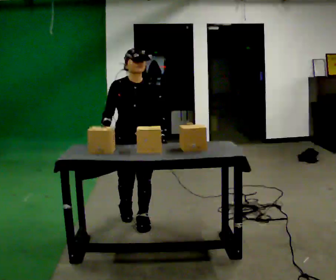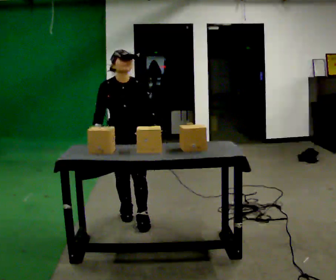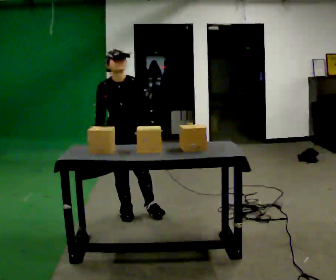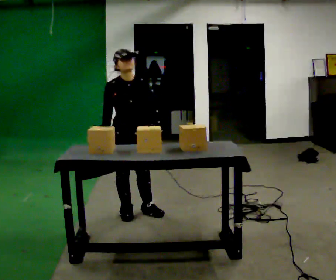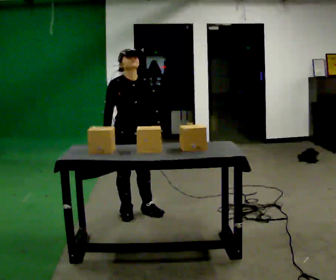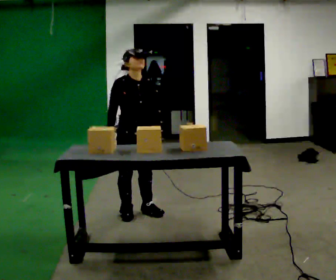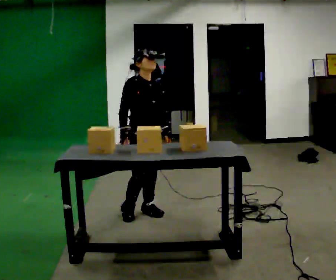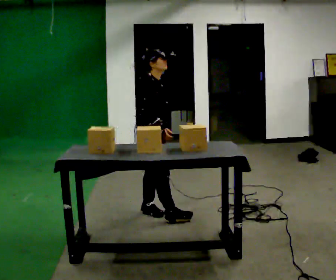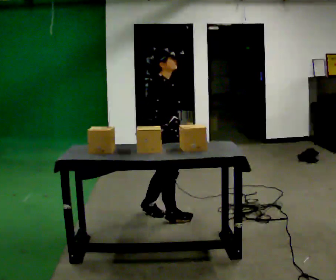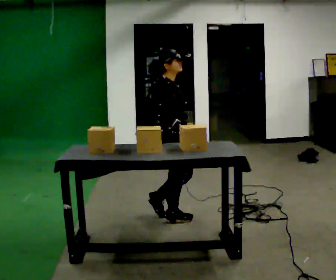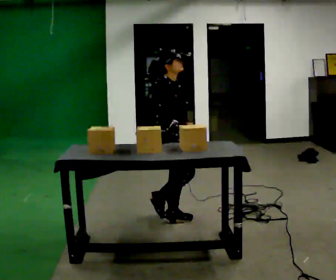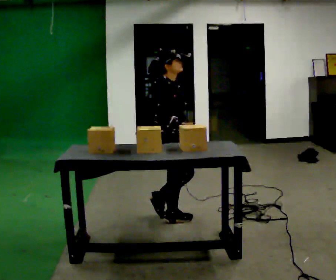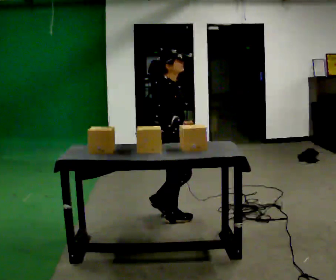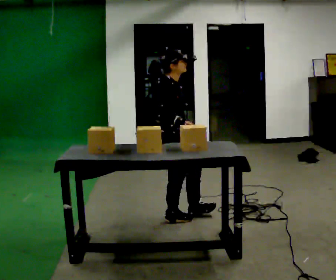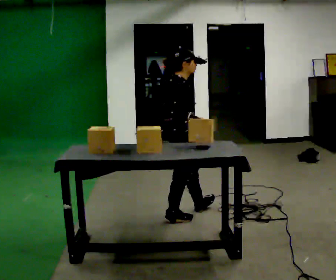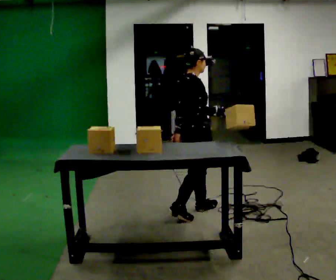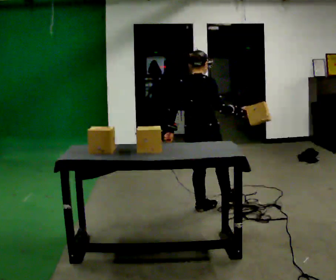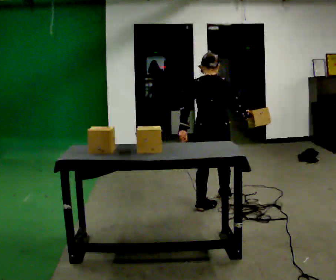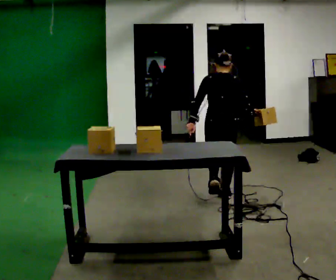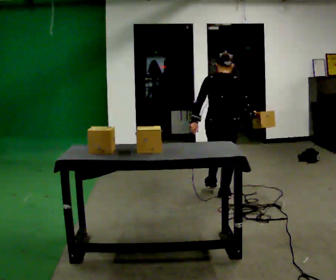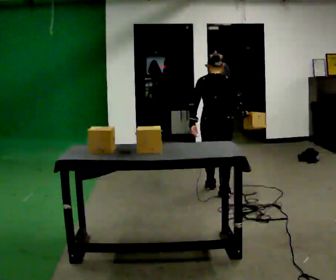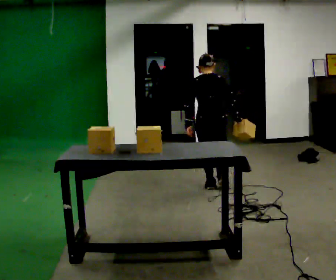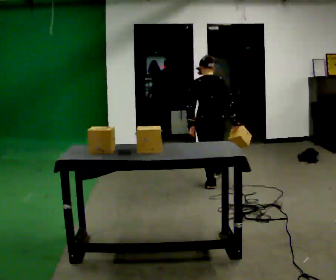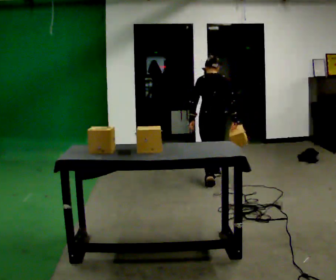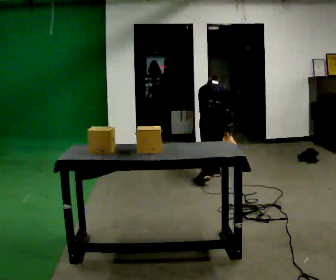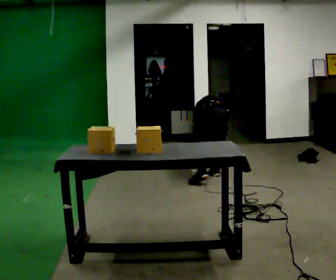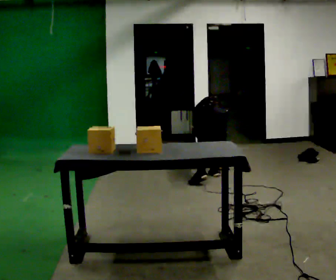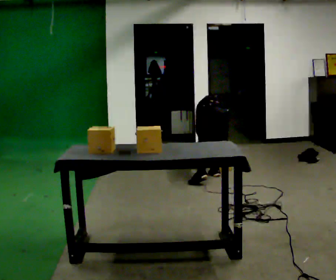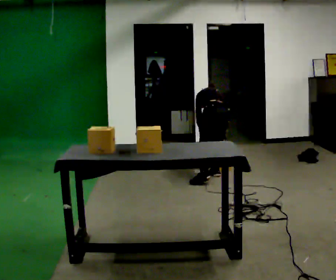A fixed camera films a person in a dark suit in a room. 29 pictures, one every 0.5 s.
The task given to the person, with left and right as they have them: Take an object off the waist-height shelf, carry it across the room, and set it down on the floor. Keep going until the operator says stop; one object at a time, and do not rush between trips.
0.0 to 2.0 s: In the picture they go away from the camera, about 0.25 m in 1 step, which for them is backward.
2.0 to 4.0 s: The part of the body nearest the lens slides to the right as the person turns to their left by about 60 degrees. In the picture they go to the right, about 0.25 m in 1 step, which for them is forward.
4.0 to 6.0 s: The person moves a little, or ends about where they began.
6.0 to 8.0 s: The person turns about 75 degrees to their left, counterclockwise seen from above, so the part of the body nearest the lens slides to the right. In the picture they go away from the camera and to the right, about 0.5 m in 1 step.
8.0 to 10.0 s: In the picture they go away from the camera, about 0.5 m in 2 steps, which for them is forward.
10.0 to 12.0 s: Seen from above the body turns counterclockwise, about 30 degrees: to their left, with its near side sliding to the right. In the picture they go away from the camera, about 0.5 m in 1 step, which for them is forward. The upper body goes downward. The upper body tips away from the camera, its near side rolling upward, as they bend forward.
12.0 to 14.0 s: The person moves a little, or ends about where they began.
The film runs forward here.
